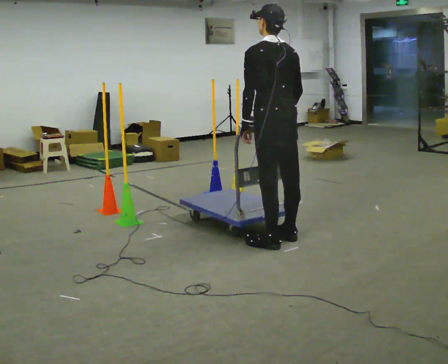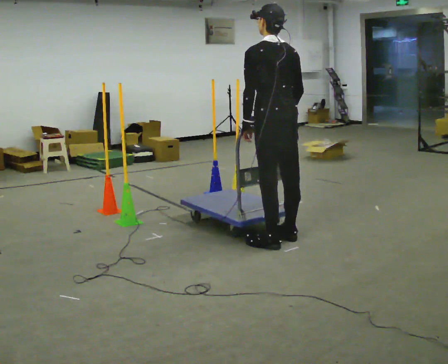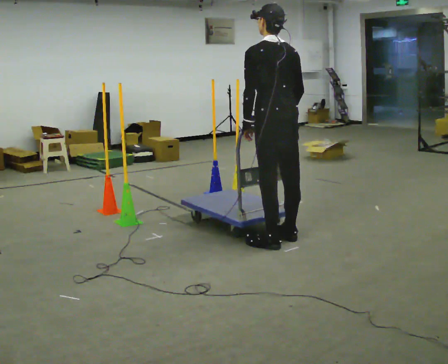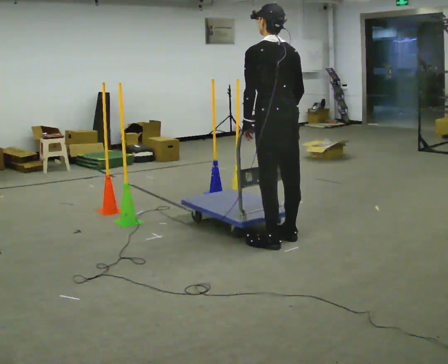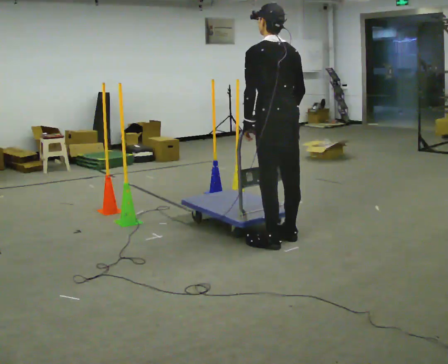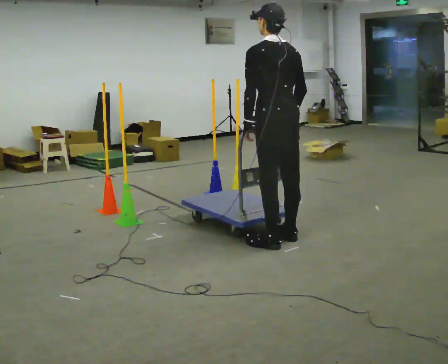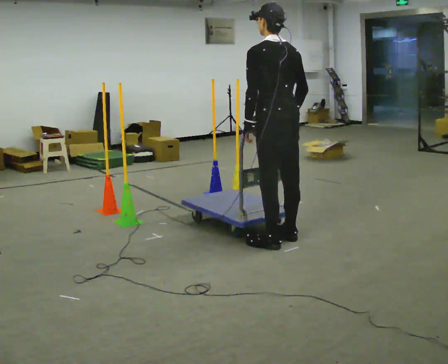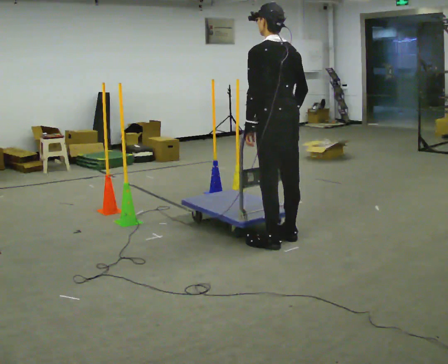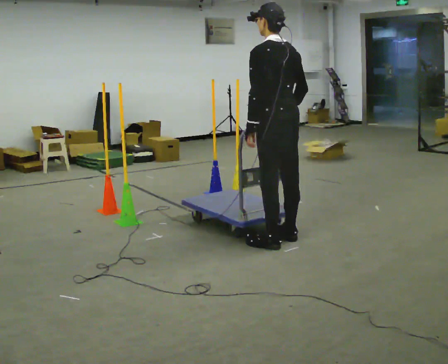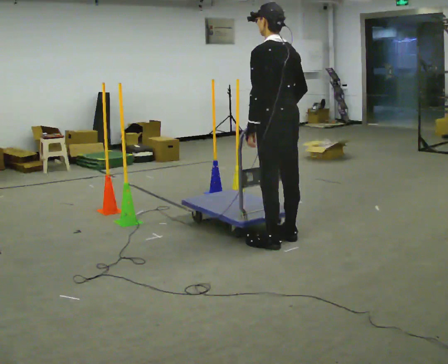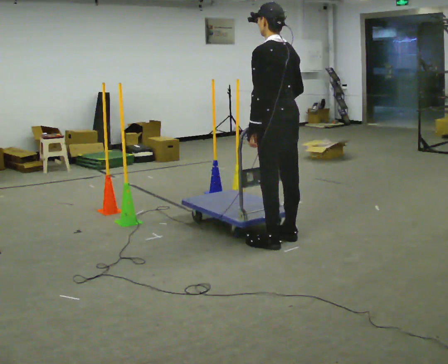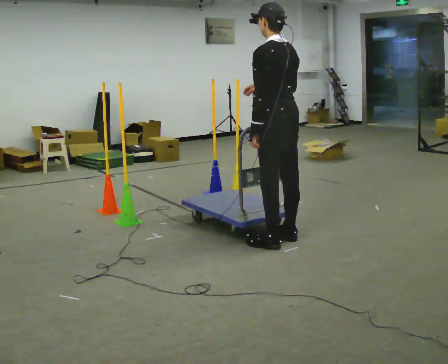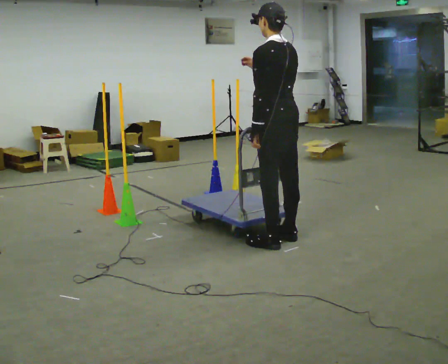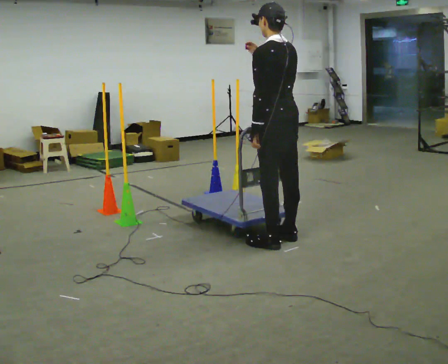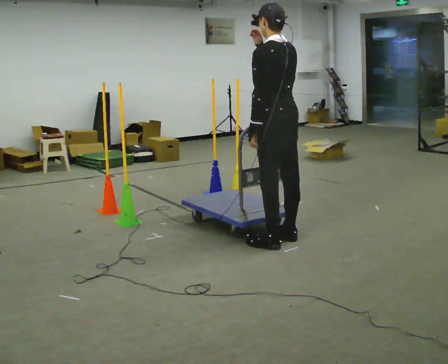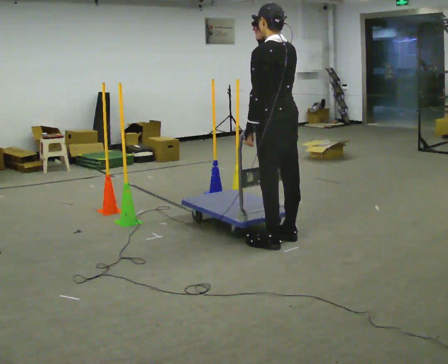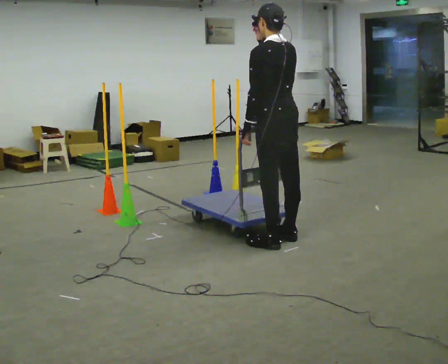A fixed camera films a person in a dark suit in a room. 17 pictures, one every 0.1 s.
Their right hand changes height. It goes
upward.
0.0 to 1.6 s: In the picture their right hand goes upward.
The film runs backward here.
